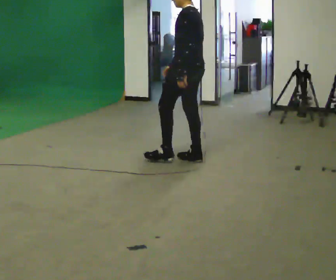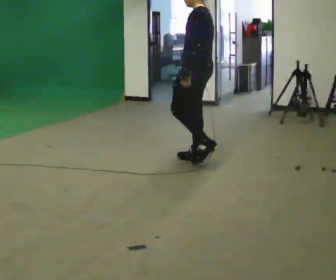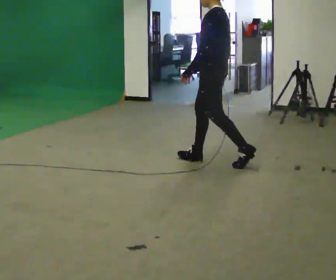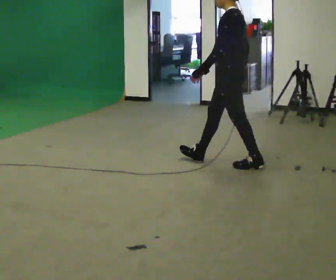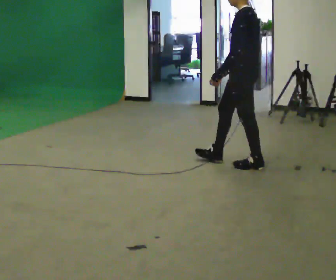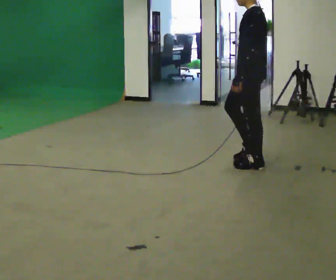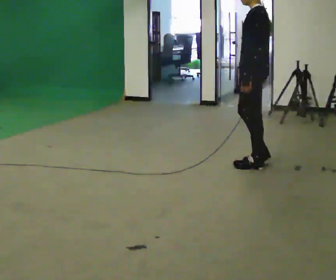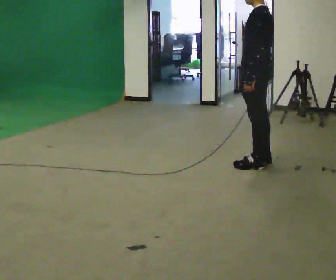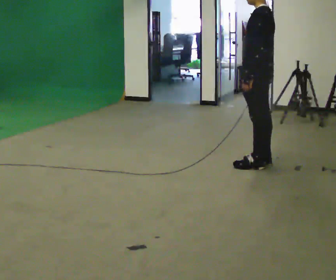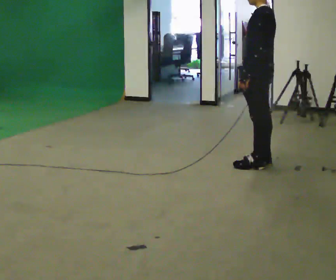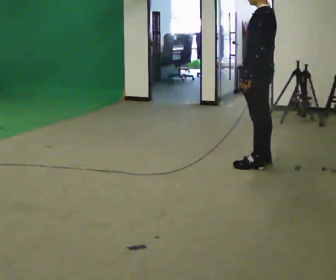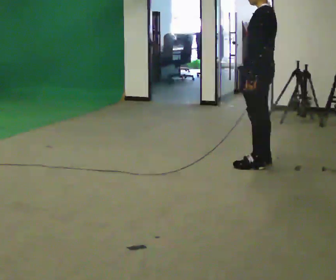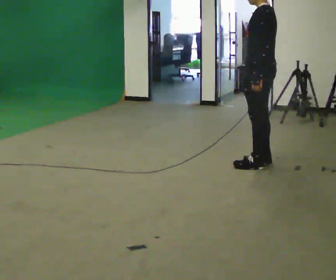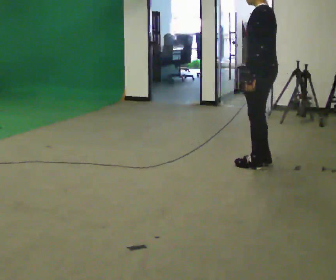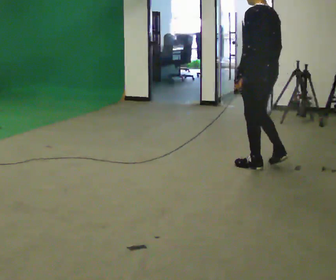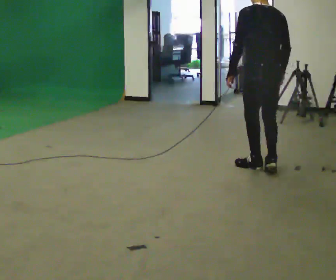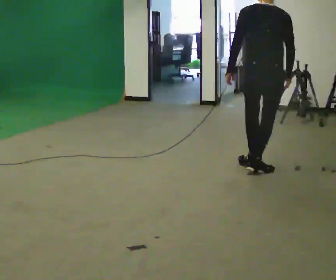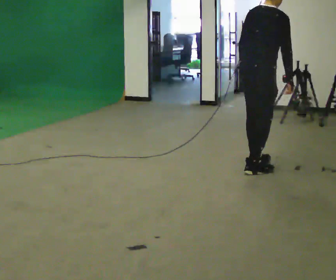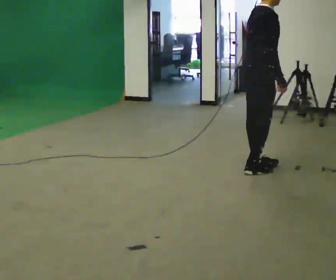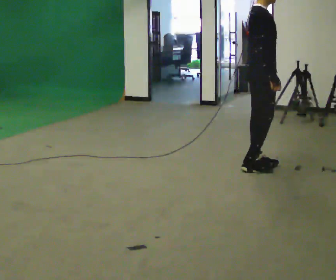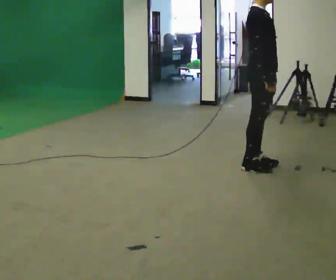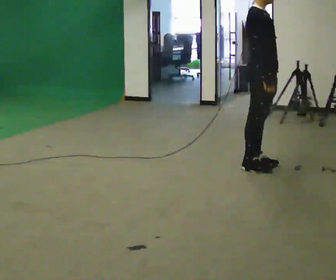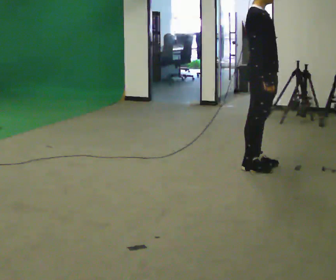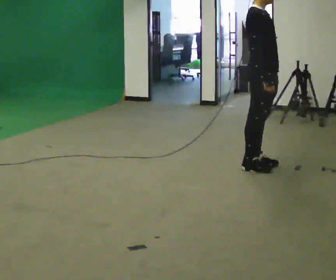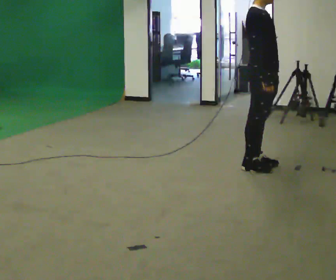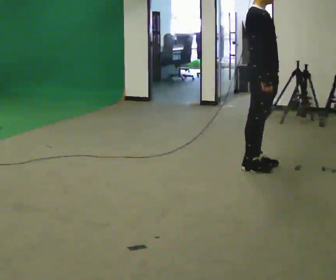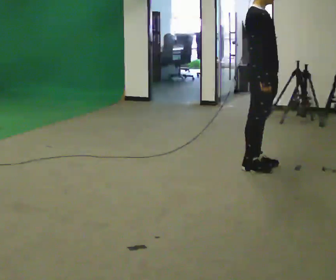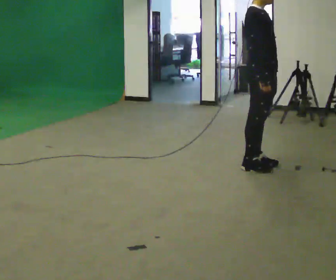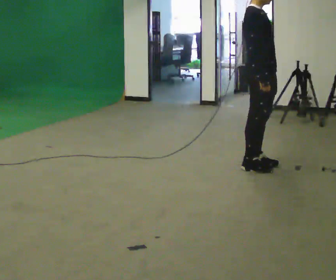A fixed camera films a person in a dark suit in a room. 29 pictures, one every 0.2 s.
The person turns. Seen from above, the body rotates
clockwise.
The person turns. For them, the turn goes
to their right.
0.0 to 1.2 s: In the picture they go to the right, about 0.75 m in 1 step, which for them is backward.
1.2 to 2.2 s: The person moves a little, or ends about where they began.
2.2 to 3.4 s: The part of the body nearest the lens slides to the left as the person turns to their right by about 120 degrees. In the picture they go toward the camera, about 0.25 m in 1 step.
3.4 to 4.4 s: Seen from above the body turns clockwise, about 60 degrees: to their right, with its near side sliding to the left. In the picture the upper body tilts counterclockwise, shoulders to the left, as they lean back or straighten.
4.4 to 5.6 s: The person moves a little, or ends about where they began.
The film runs backward here.
